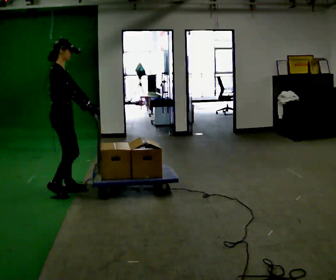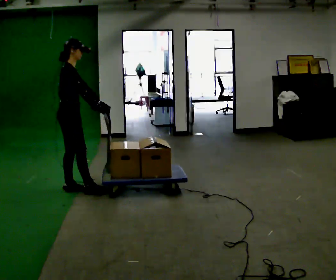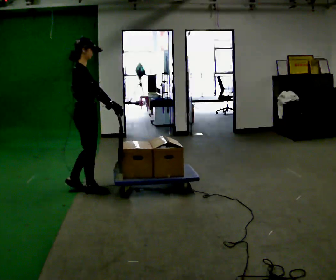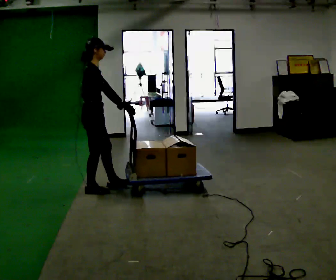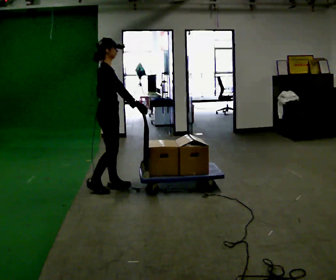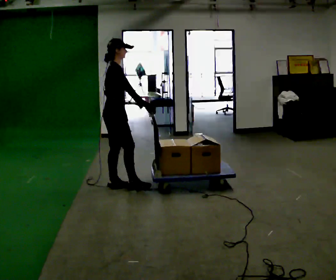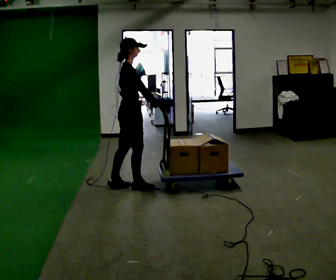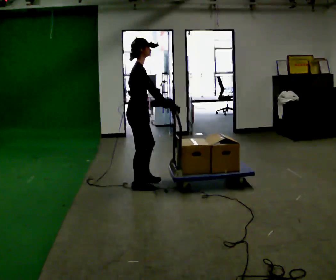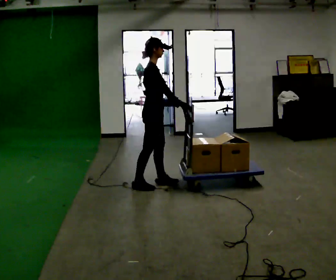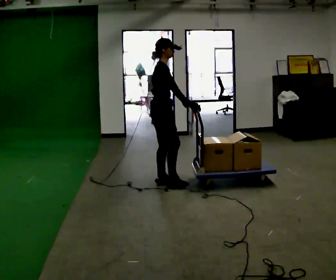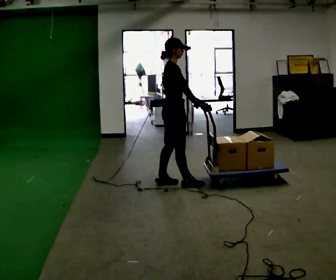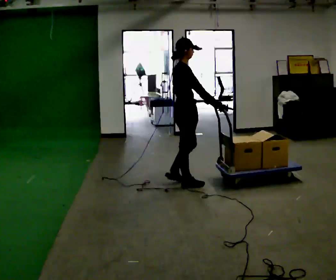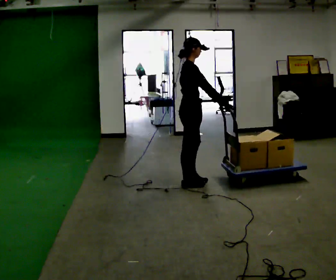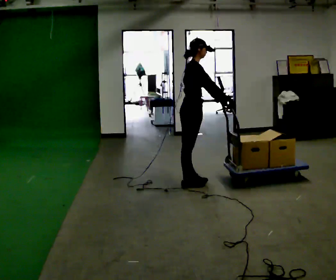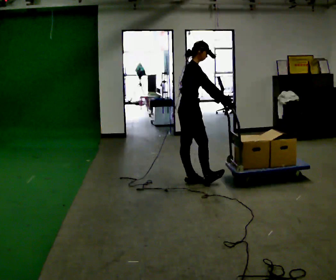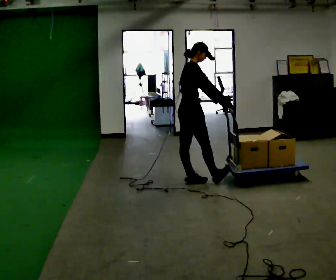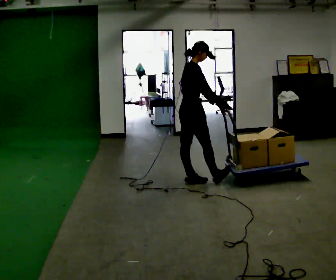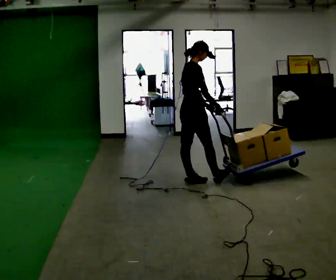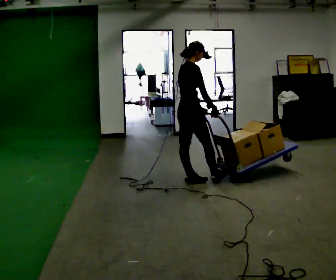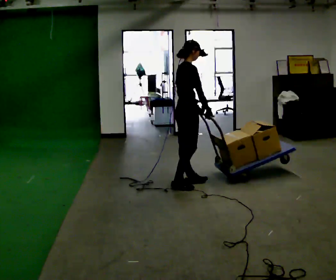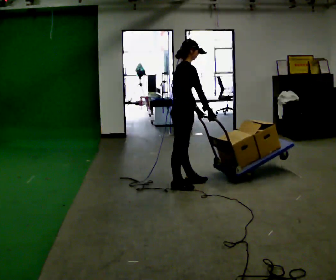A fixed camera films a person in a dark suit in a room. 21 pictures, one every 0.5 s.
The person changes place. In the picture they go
to the right.
The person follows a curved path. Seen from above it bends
clockwise.
0.0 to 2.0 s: In the picture they go to the right and away from the camera, about 0.5 m in 2 steps, which for them is forward.
2.0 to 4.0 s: In the picture they go to the right, about 0.5 m in 2 steps, which for them is forward.
4.0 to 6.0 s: In the picture they go to the right, about 0.5 m in 2 steps, which for them is forward.
6.0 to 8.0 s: The person moves a little, or ends about where they began.
8.0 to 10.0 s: In the picture they go toward the camera, about 0.25 m in 1 step, which for them is backward and to their right.
The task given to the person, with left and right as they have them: Push the cart across the room and back. The operator will change how much is loaded on it between takes and will tell you each time.
The film runs forward here.
